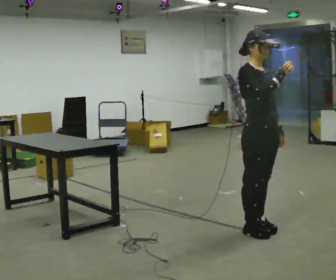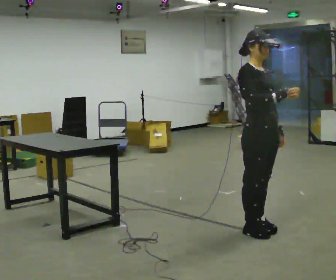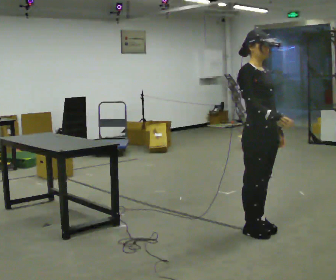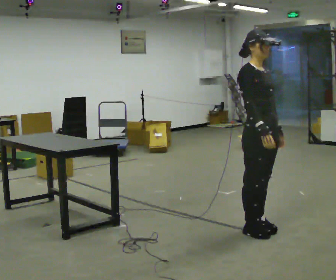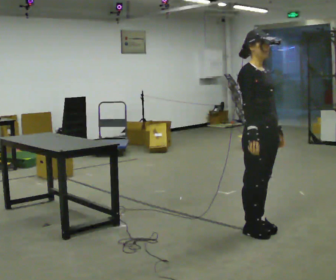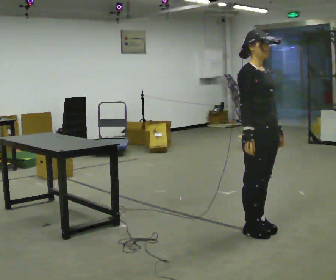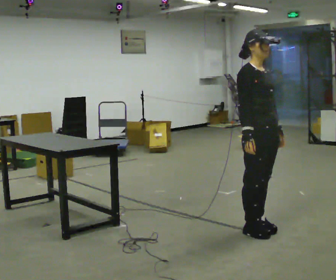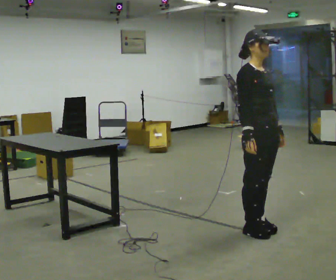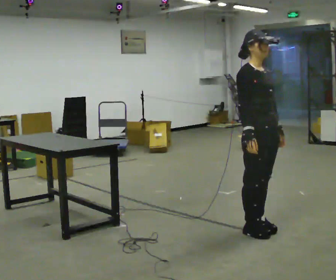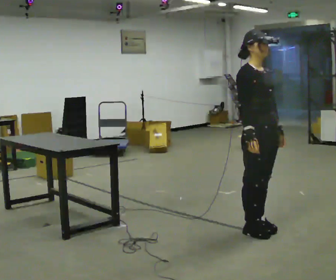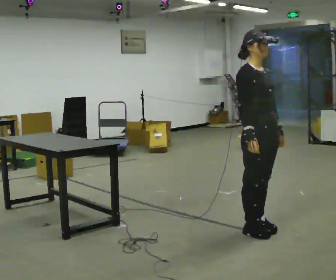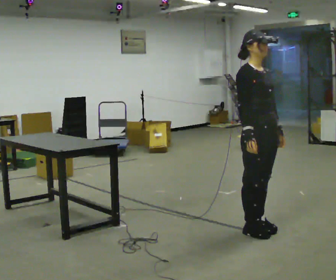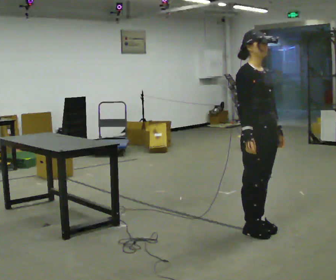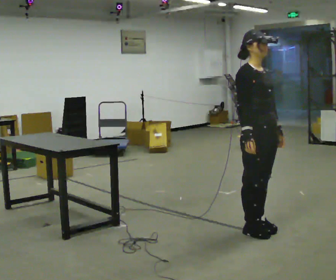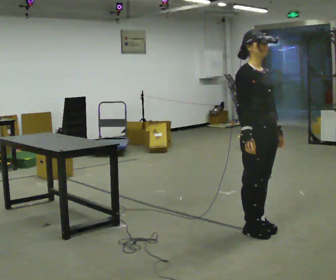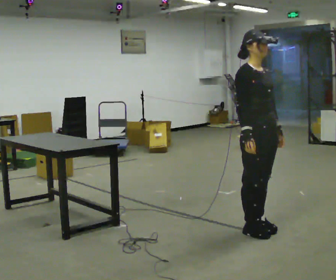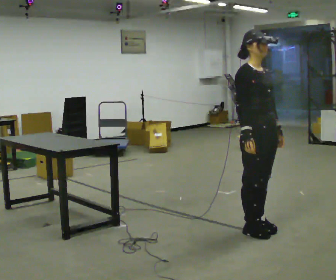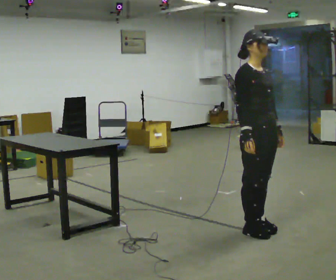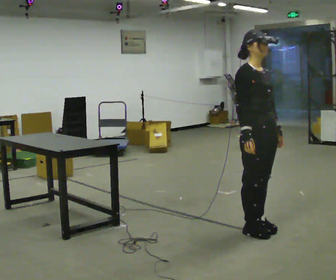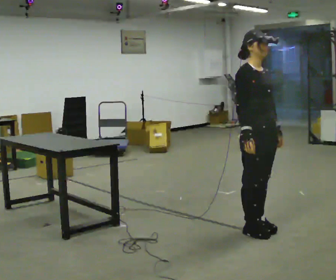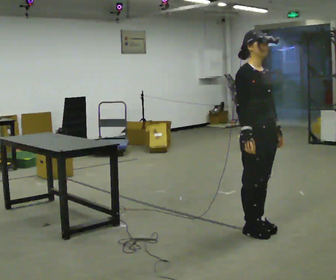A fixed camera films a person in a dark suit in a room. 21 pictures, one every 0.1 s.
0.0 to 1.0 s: In the picture their right hand goes downward.
1.0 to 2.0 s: The person keeps their place and pose.
The film runs forward here.
